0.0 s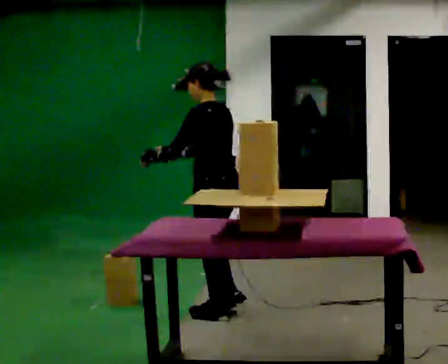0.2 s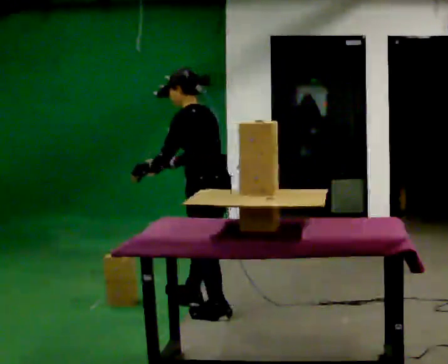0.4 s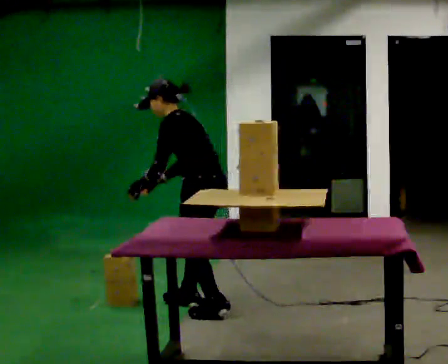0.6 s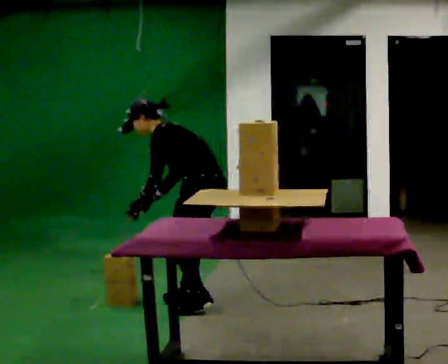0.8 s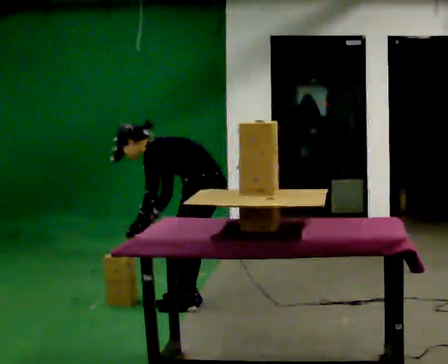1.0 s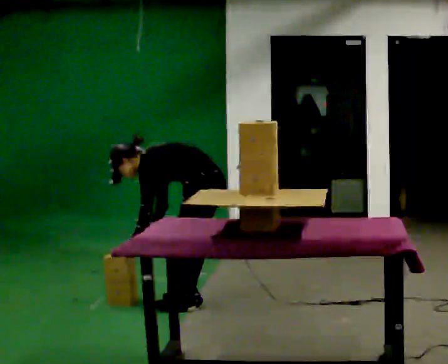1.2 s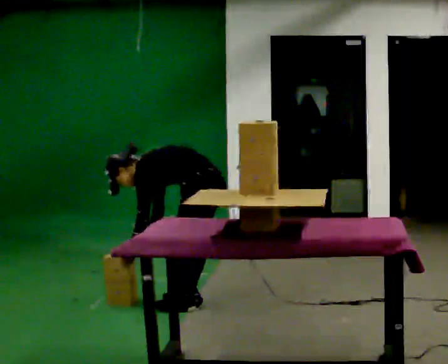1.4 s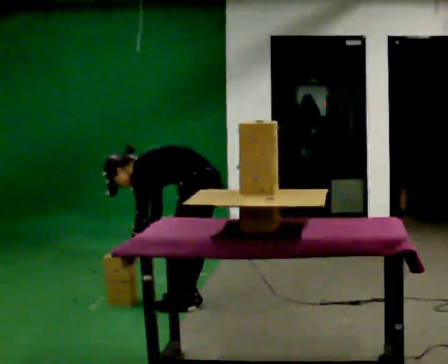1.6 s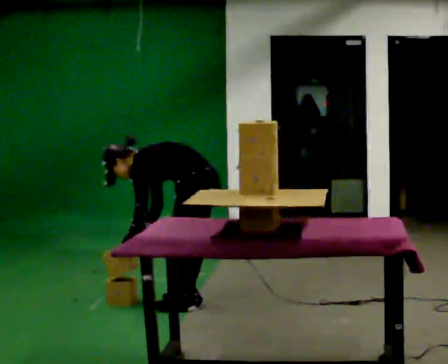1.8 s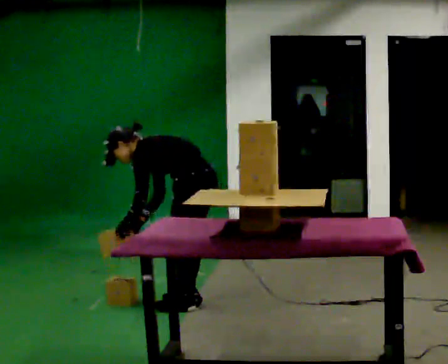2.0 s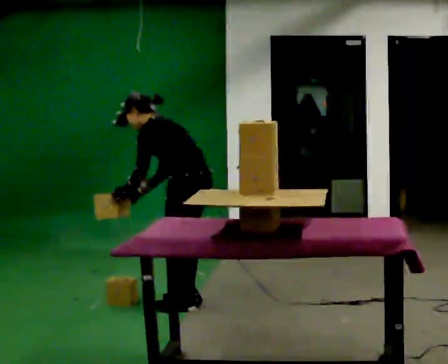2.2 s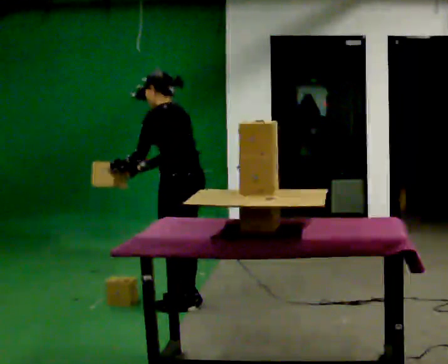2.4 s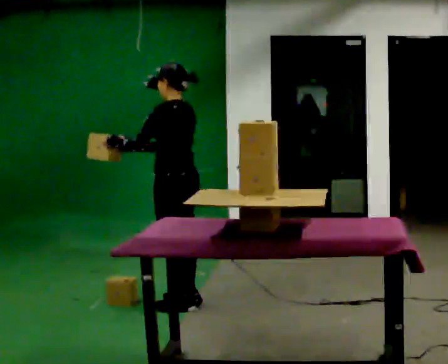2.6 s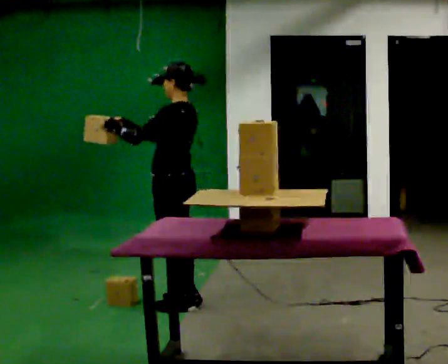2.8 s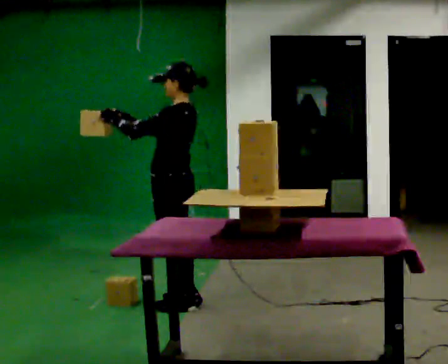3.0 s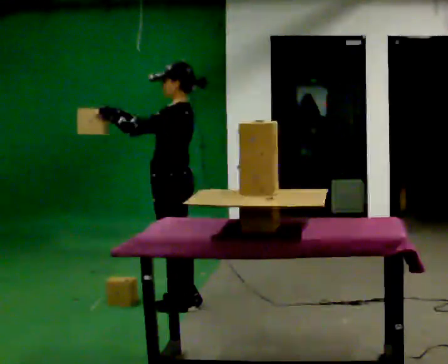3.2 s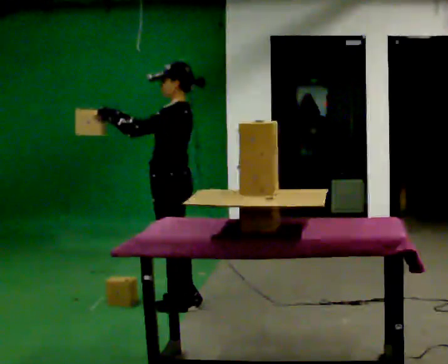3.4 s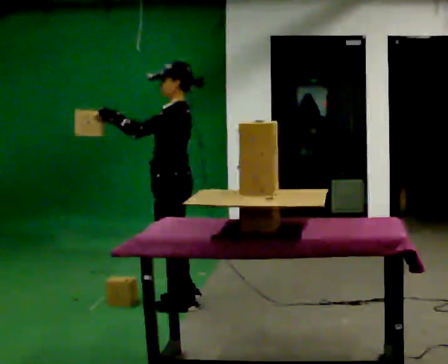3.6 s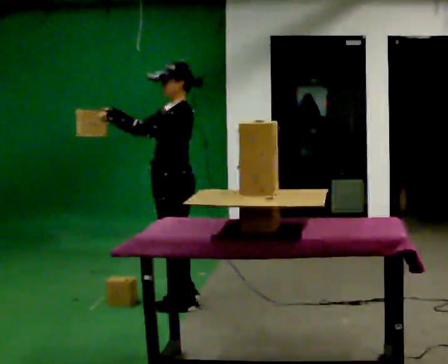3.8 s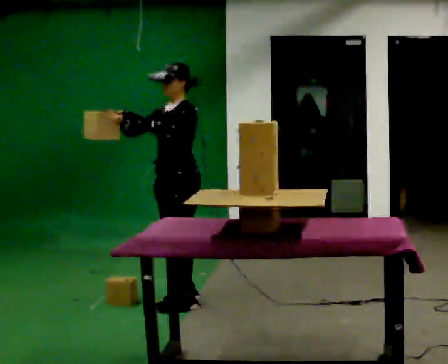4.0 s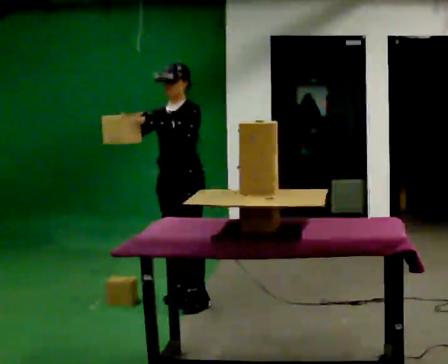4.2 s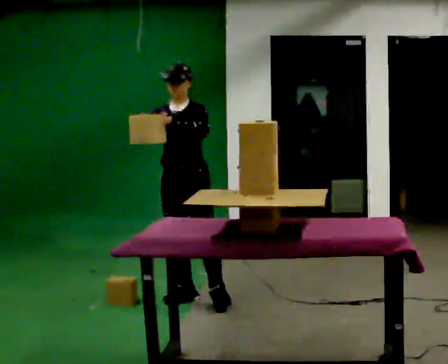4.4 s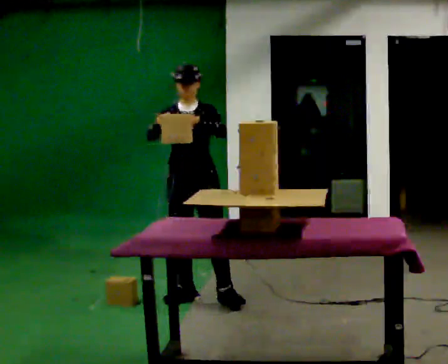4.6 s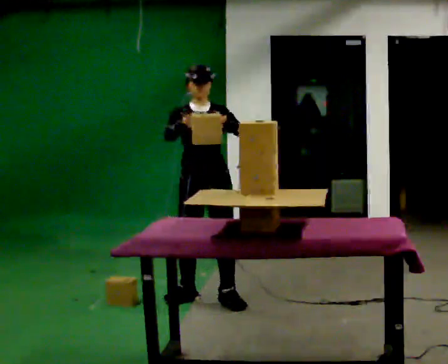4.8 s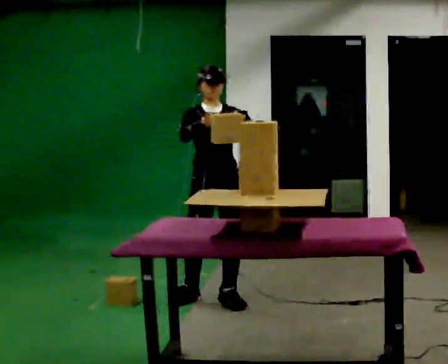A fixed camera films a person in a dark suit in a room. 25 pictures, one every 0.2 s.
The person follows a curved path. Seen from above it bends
clockwise.
The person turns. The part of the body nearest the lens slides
to the right.
0.0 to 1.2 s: In the picture they go away from the camera, about 0.25 m in 2 steps, which for them is to their right and forward. The shoulders move downward. In the picture the upper body tilts counterclockwise, shoulders to the left, as they bend forward. In the picture their left hand goes downward.
1.2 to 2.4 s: In the picture they go to the left, about 0.25 m, which for them is forward. The upper body goes upward. In the picture the upper body tilts clockwise, shoulders to the right, as they lean back or straighten. In the picture their left hand goes upward, the arm swinging clockwise.
2.4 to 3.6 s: The person turns about 45 degrees to their left, counterclockwise seen from above, so the part of the body nearest the lens slides to the right.
3.6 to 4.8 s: The person turns about 75 degrees to their left, counterclockwise seen from above, so the part of the body nearest the lens slides to the right. In the picture they go to the right, about 0.25 m in 1 step.
The film runs forward here.
